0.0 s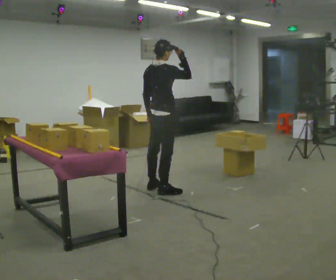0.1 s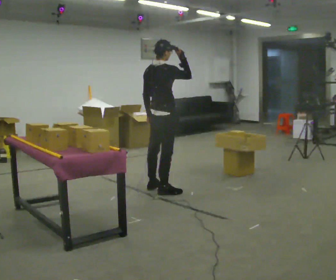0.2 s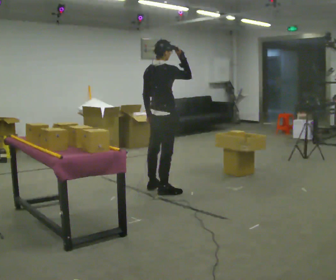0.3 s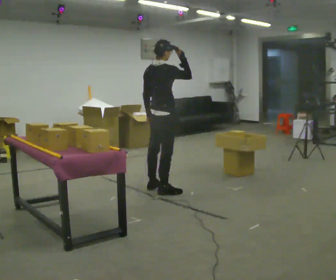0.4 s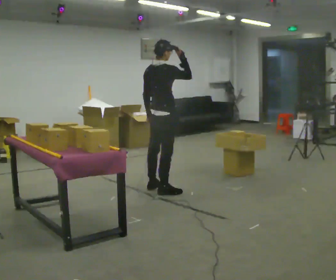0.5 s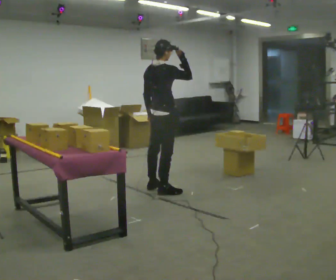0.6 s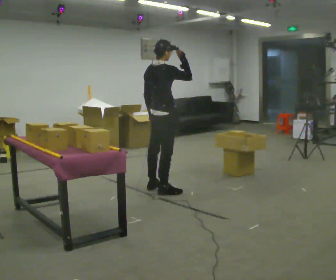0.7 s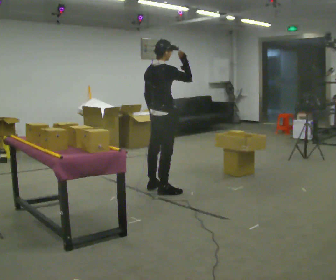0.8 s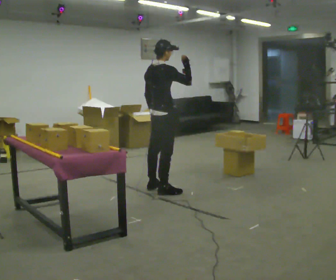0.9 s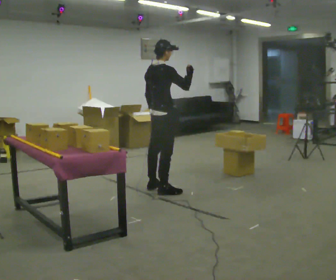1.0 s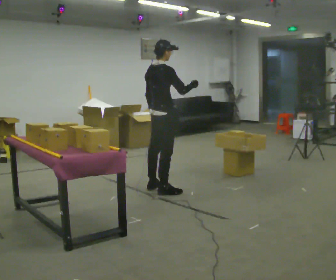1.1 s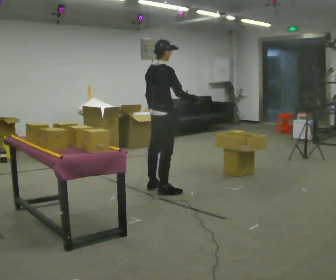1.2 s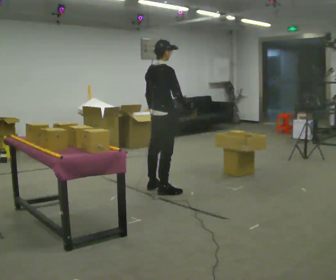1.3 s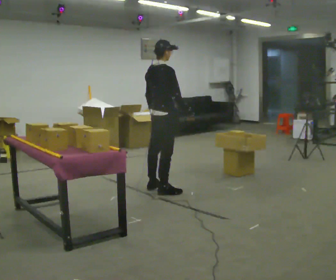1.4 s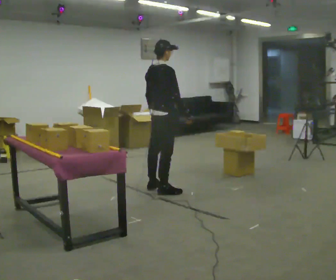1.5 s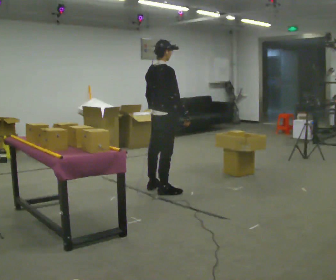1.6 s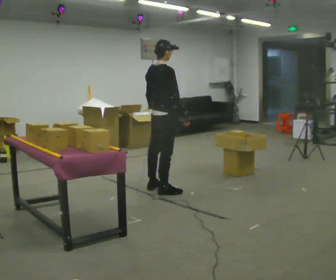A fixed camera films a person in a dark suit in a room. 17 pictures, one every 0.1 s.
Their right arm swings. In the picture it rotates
clockwise.
Their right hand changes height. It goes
downward.
0.0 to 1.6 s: In the picture their right hand goes downward, the arm swinging clockwise.
The film runs backward here.
